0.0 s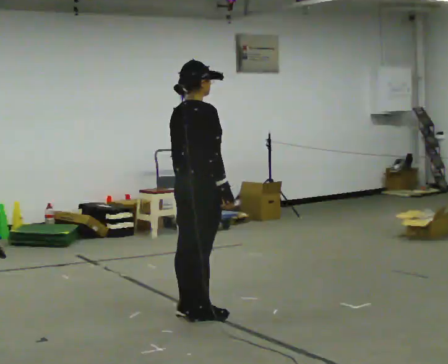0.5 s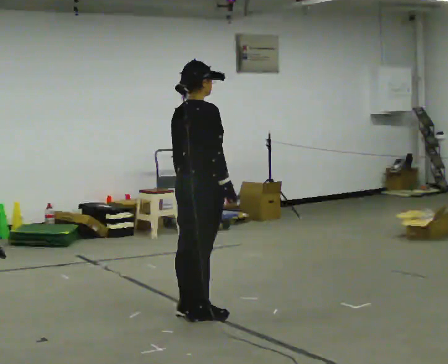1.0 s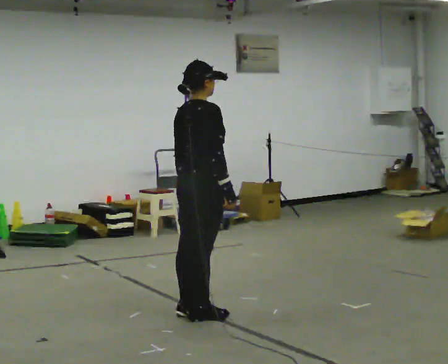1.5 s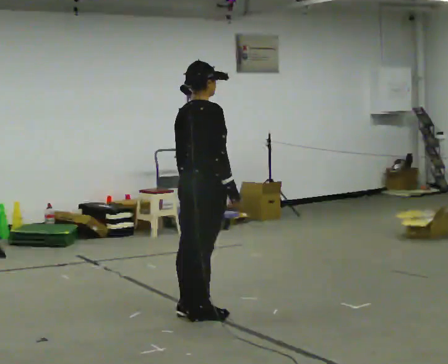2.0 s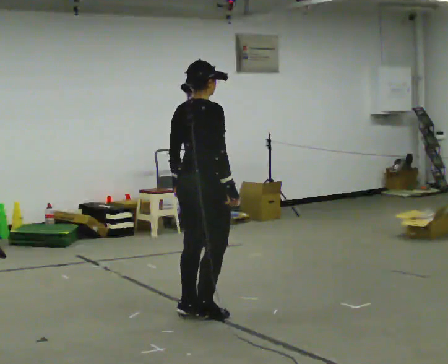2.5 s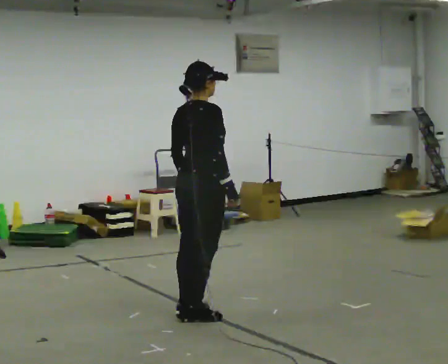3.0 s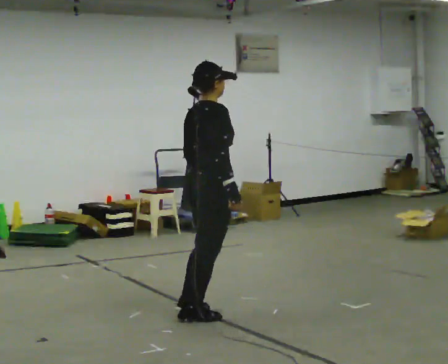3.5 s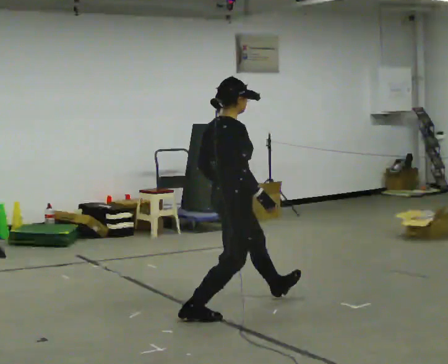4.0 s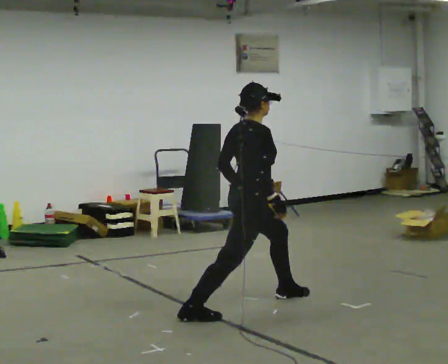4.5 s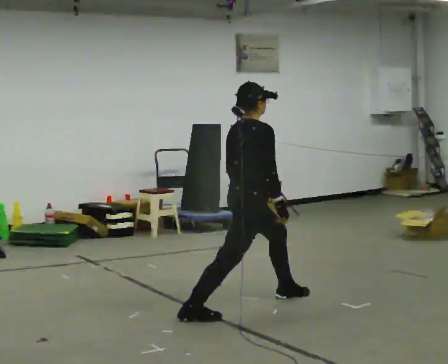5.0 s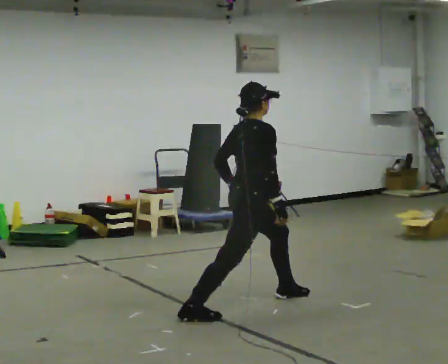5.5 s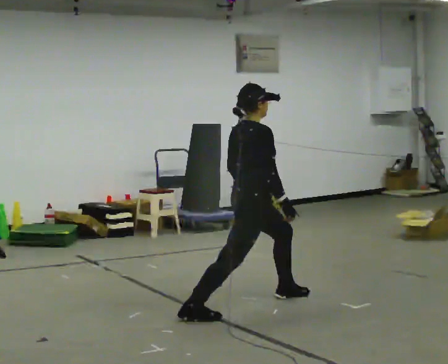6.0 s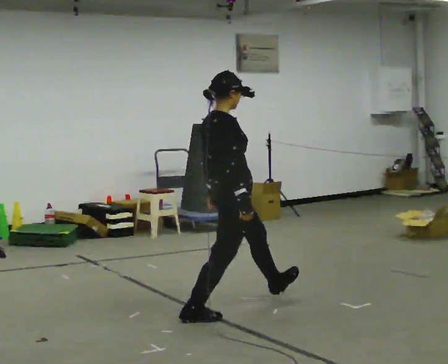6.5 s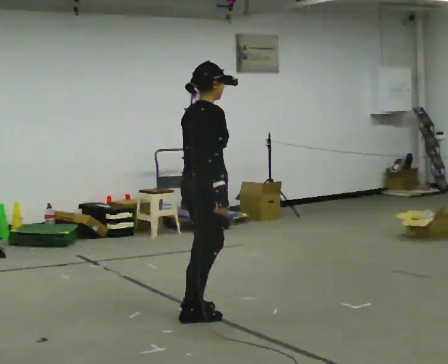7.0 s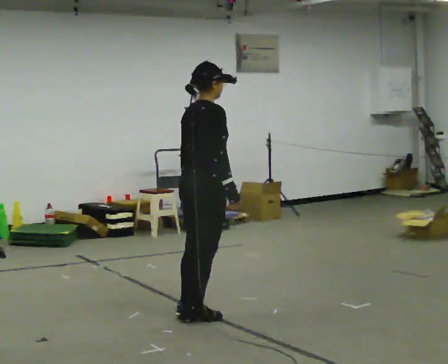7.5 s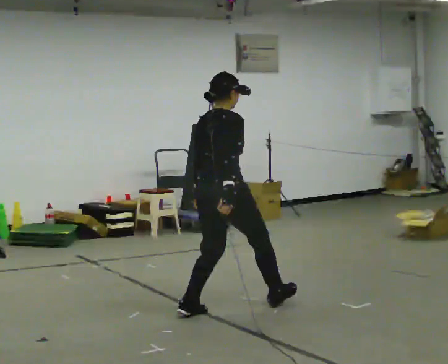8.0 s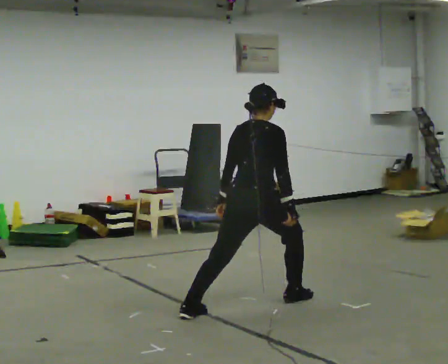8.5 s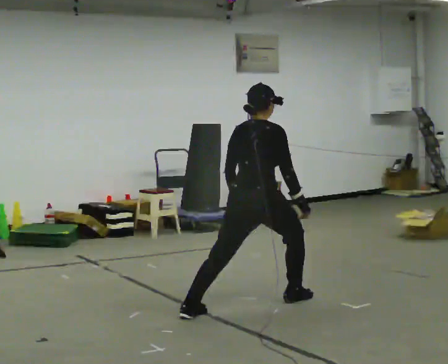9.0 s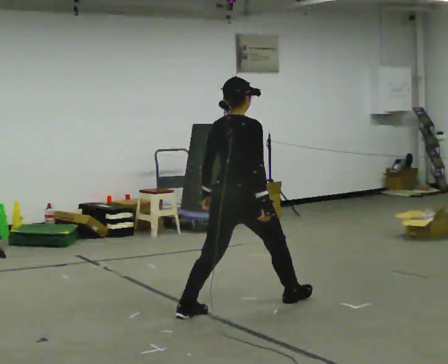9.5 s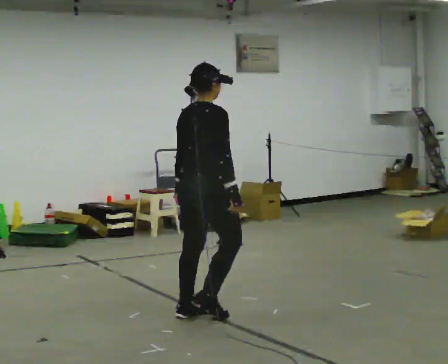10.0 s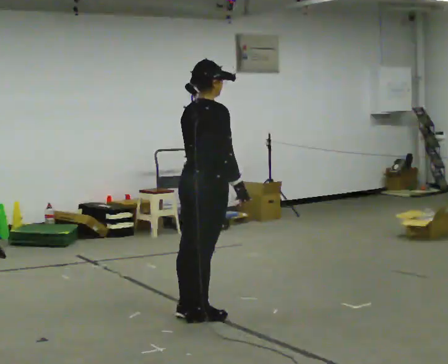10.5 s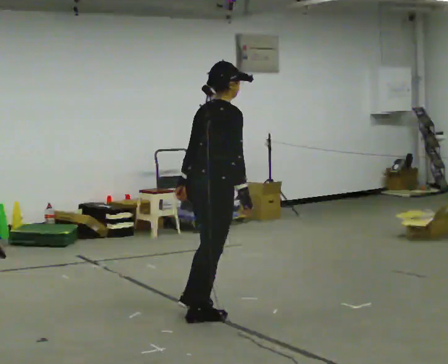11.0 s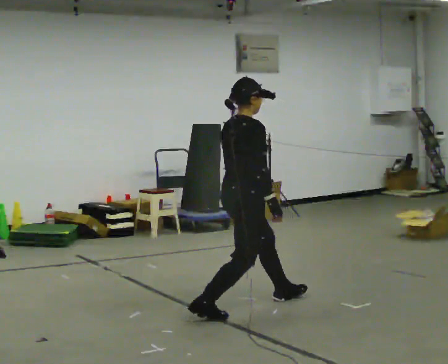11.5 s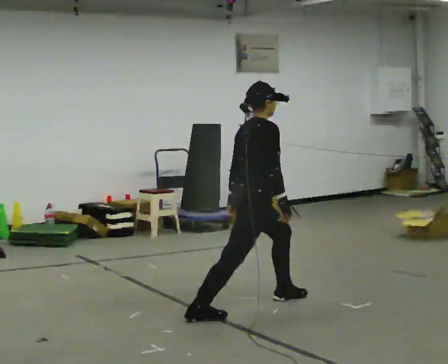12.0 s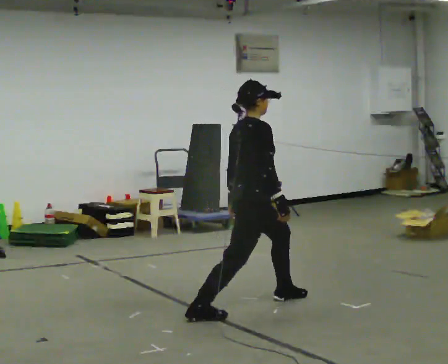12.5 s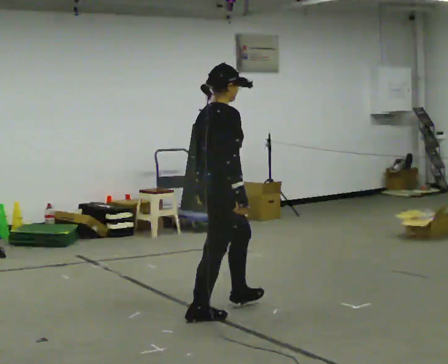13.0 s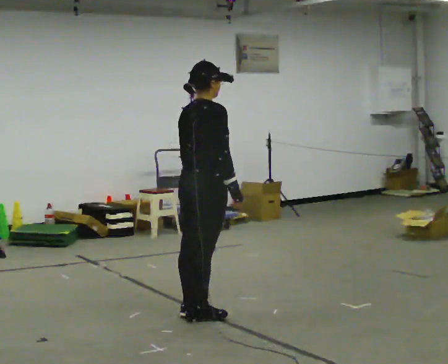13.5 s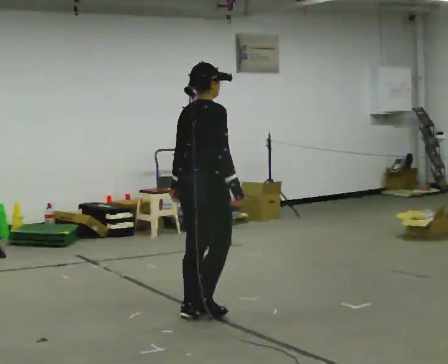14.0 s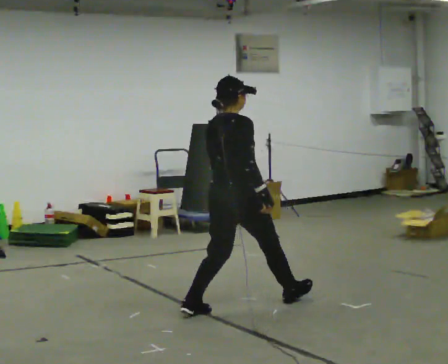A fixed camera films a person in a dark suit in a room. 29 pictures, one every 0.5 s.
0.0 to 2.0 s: The person moves a little, or ends about where they began.
2.0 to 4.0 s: In the picture they go to the right, about 0.25 m in 1 step, which for them is forward.
4.0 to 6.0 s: In the picture the upper body tilts counterclockwise, shoulders to the left, as they lean back or straighten.
6.0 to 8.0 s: The part of the body nearest the lens slides to the right as the person turns to their left by about 45 degrees. In the picture the upper body tilts clockwise, shoulders to the right, as they bend forward.
8.0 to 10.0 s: In the picture they go to the left and toward the camera, about 0.5 m in 1 step, which for them is backward.
10.0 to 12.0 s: In the picture they go to the right and away from the camera, about 0.5 m in 1 step, which for them is forward.
12.0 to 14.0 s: In the picture they go to the left, about 0.25 m in 2 steps, which for them is backward.
The film runs backward here.
